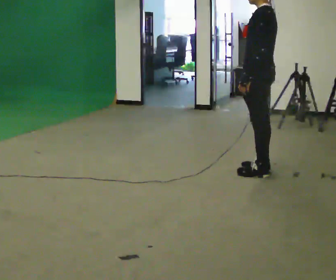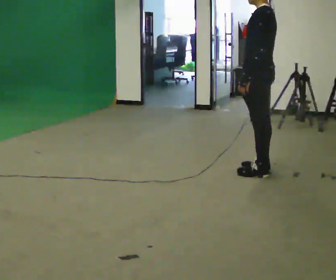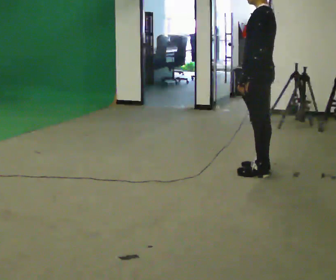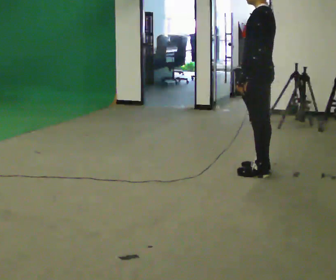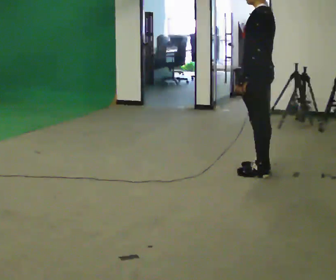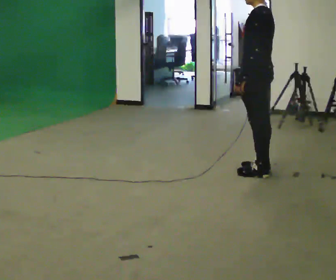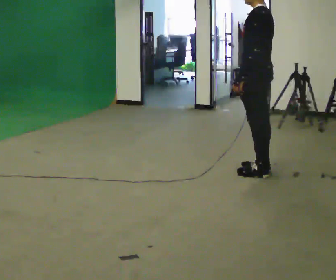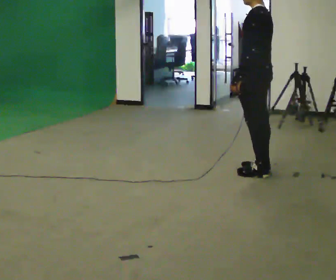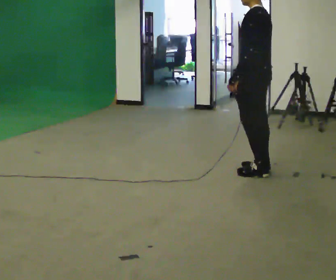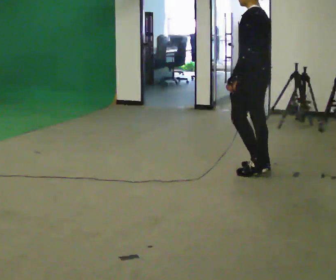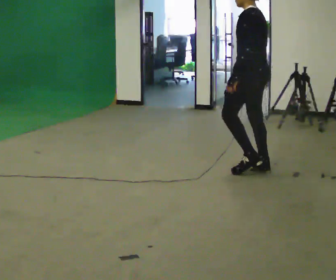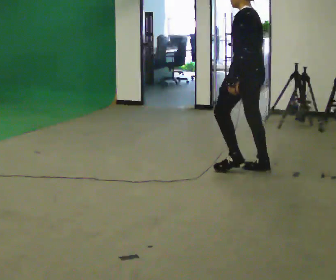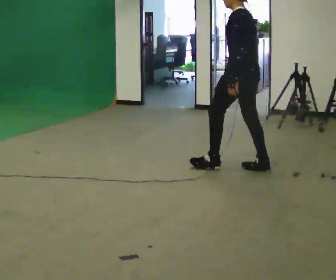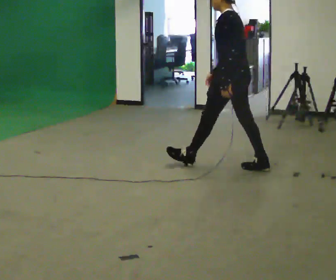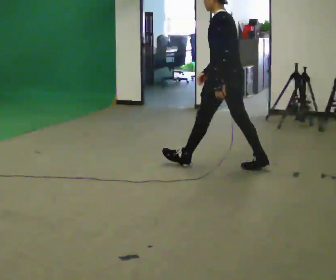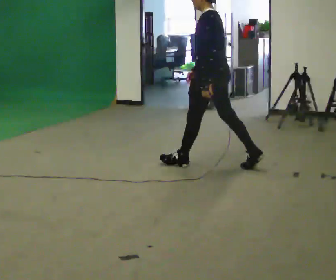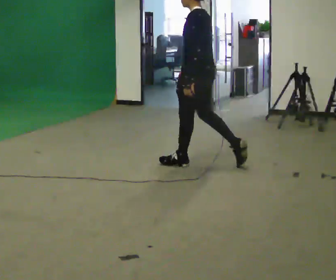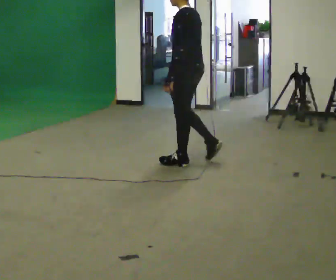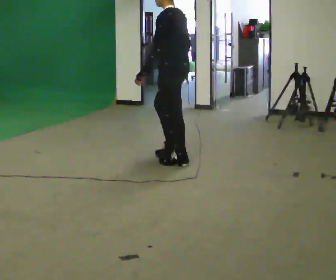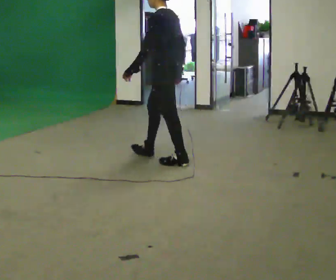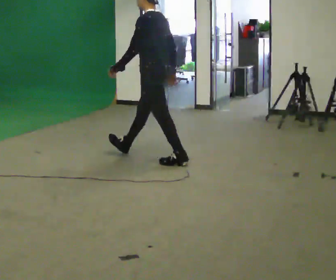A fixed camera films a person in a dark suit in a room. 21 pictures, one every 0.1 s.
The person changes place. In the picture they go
to the left.
0.0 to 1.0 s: The person moves a little, or ends about where they began.
1.0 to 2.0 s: In the picture they go to the left, about 1 m in 1 step, which for them is forward.
The film runs forward here.
